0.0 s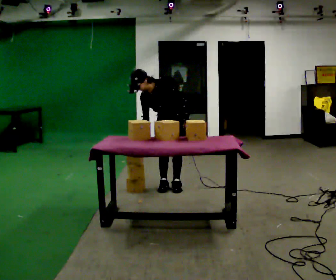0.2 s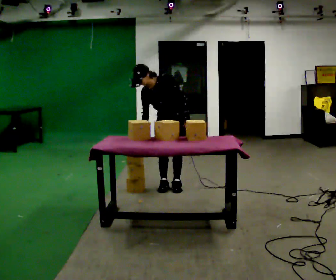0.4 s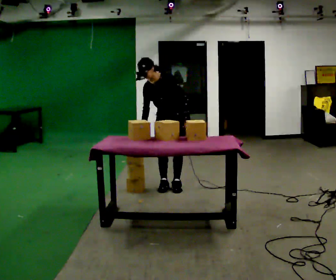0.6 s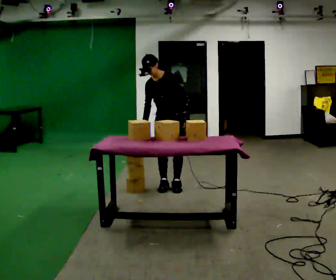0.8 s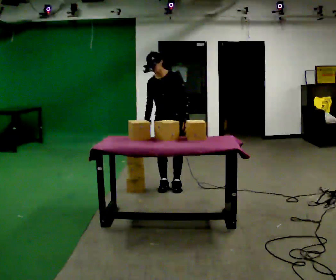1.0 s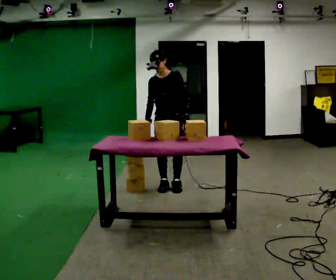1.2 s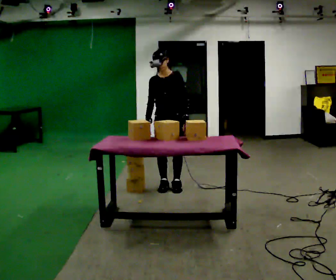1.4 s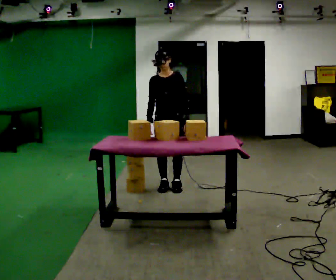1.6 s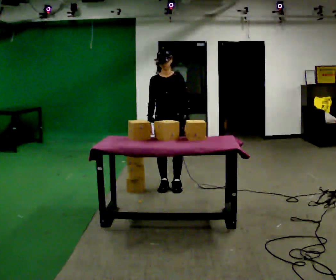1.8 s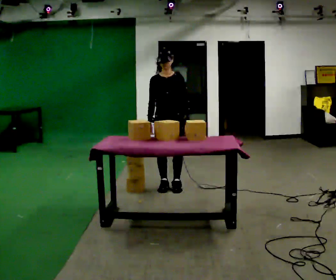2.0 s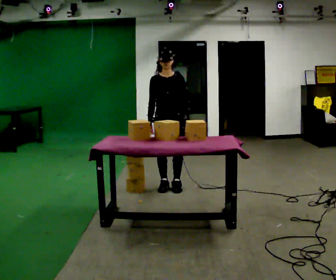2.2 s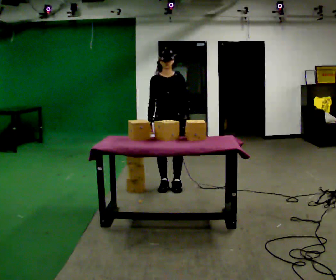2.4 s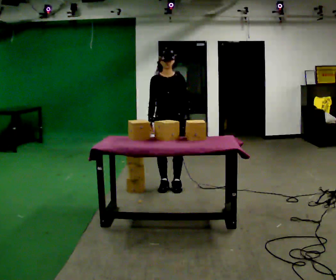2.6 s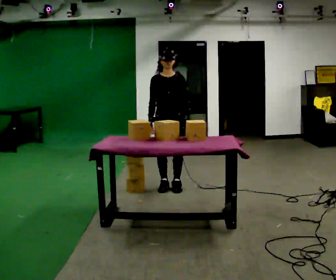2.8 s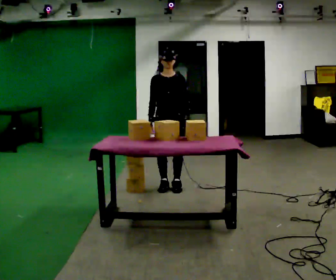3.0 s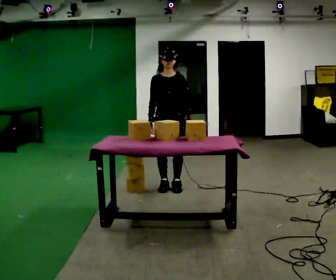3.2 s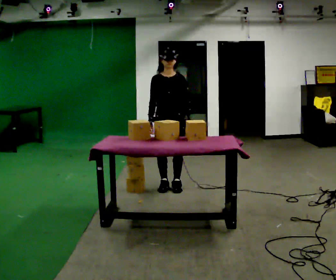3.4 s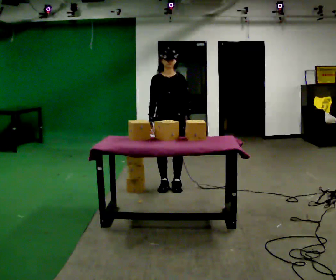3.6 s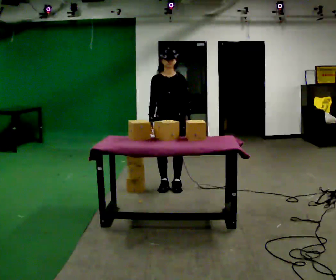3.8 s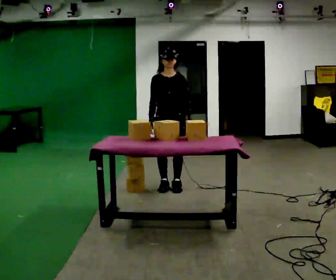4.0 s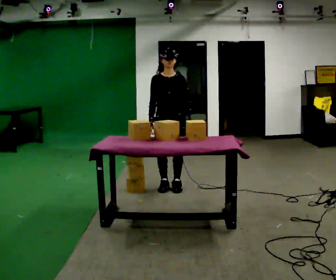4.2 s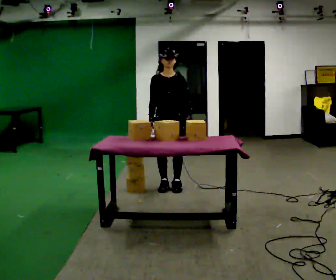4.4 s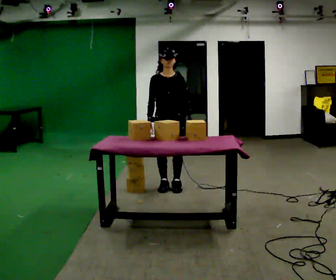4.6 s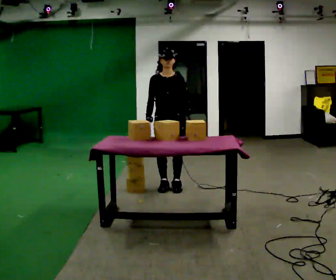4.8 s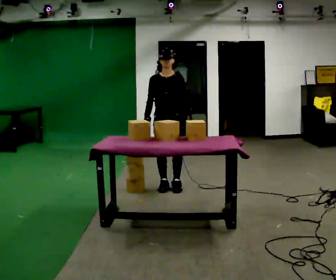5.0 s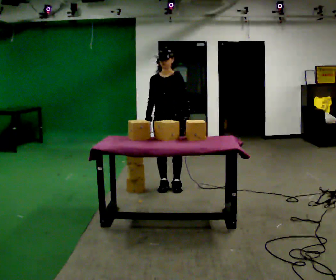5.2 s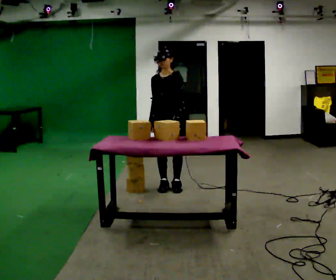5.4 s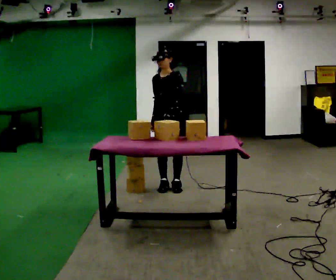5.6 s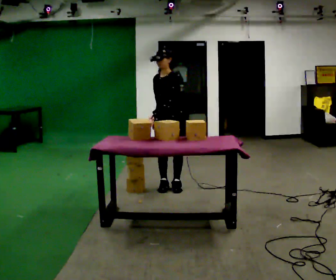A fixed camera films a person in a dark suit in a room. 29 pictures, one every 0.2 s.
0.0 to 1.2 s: The upper body tips away from the camera, its near side rolling upward, as they lean back or straighten.
1.2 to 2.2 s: The person moves a little, or ends about where they began.
2.2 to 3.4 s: The person keeps their place and pose.
3.4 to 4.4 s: The person moves a little, or ends about where they began.
4.4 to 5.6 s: The part of the body nearest the lens slides to the left as the person turns to their right by about 30 degrees. In the picture their left hand goes to the left.
The film runs backward here.
